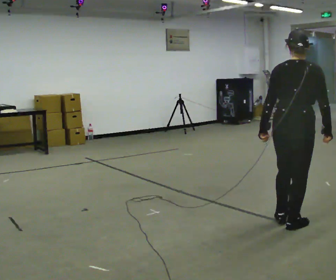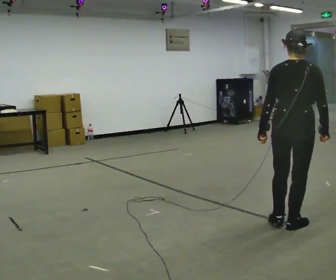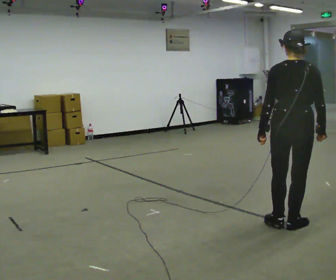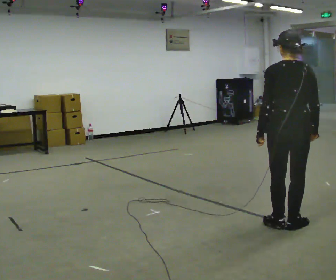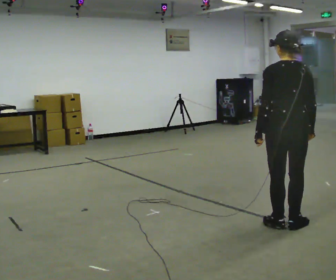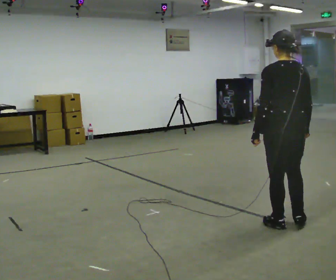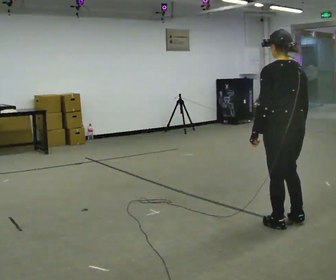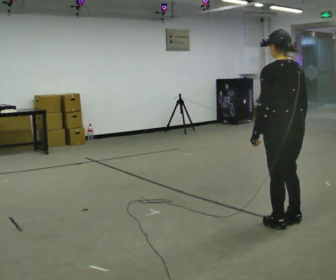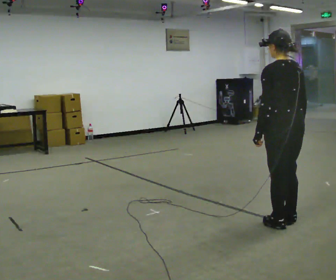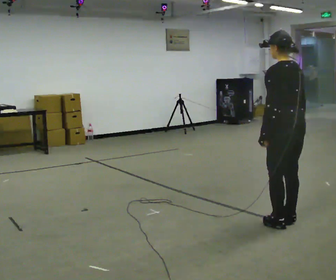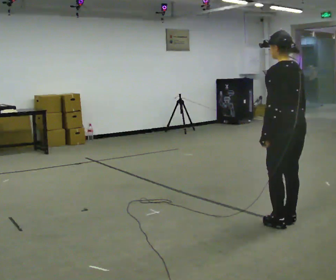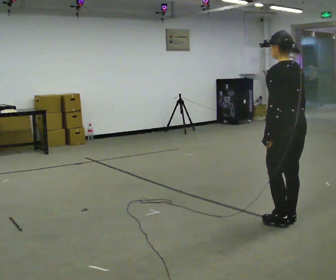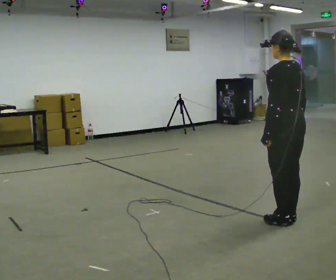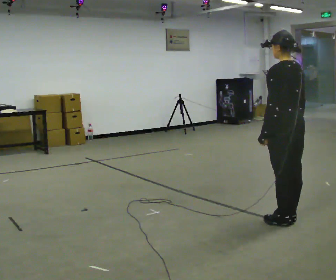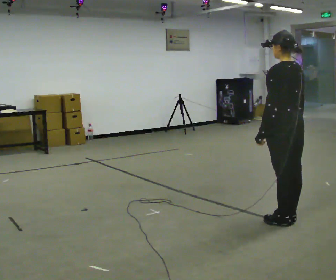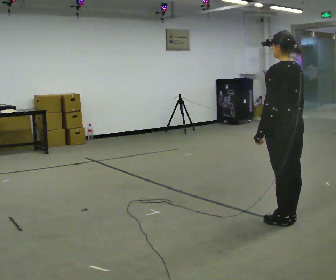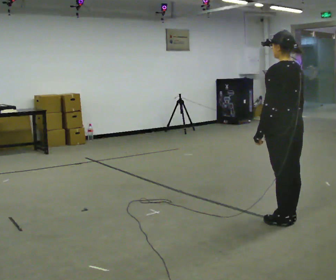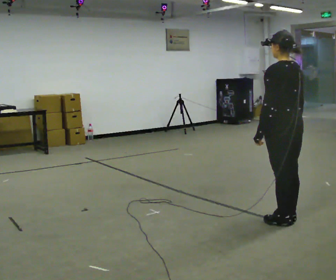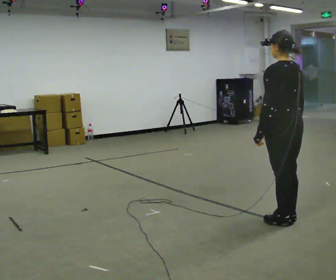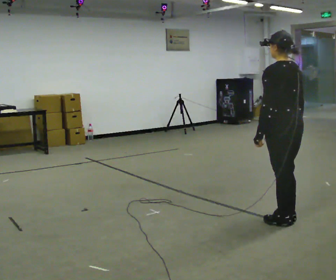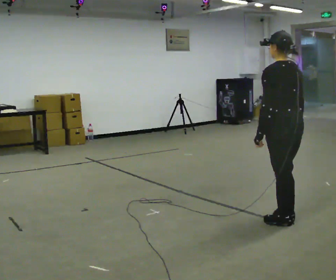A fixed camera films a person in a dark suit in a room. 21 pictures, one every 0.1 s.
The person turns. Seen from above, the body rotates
counterclockwise.
The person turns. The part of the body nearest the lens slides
to the right.
0.0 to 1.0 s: Seen from above the body turns counterclockwise, about 75 degrees: to their left, with its near side sliding to the right.
1.0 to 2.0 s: The person moves a little, or ends about where they began.
The film runs forward here.
